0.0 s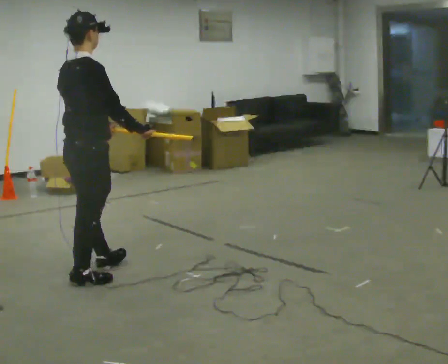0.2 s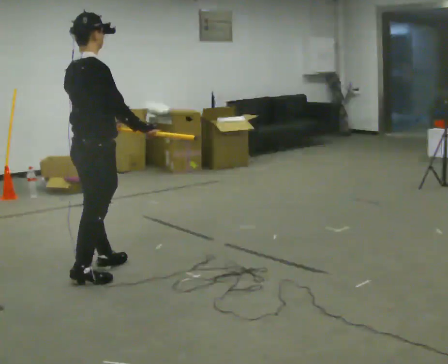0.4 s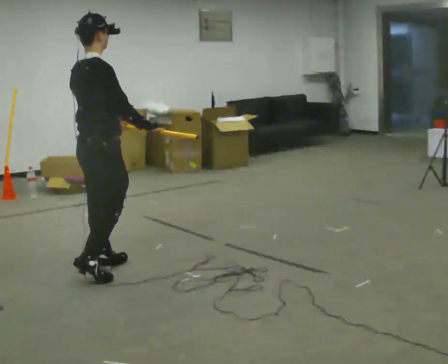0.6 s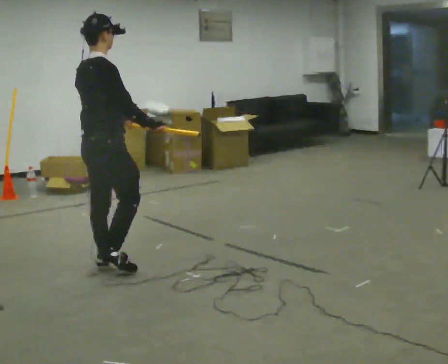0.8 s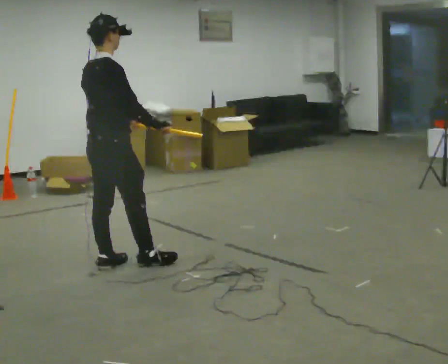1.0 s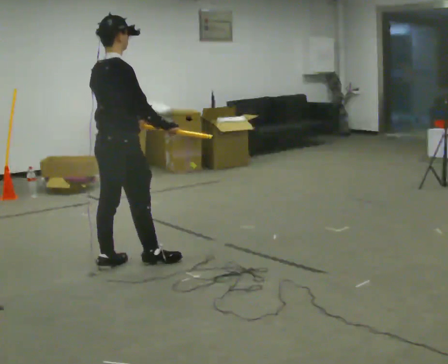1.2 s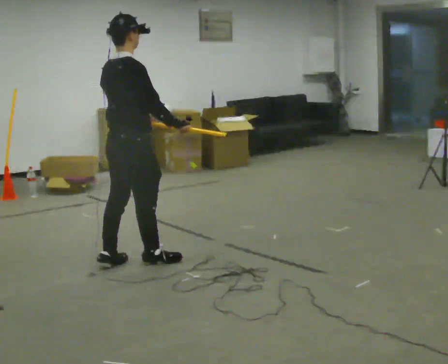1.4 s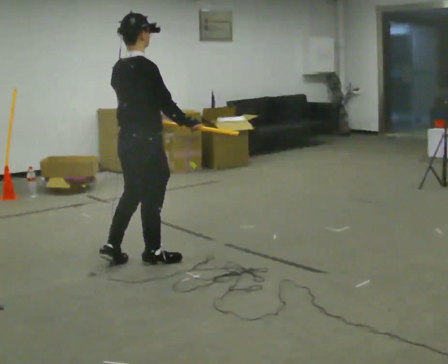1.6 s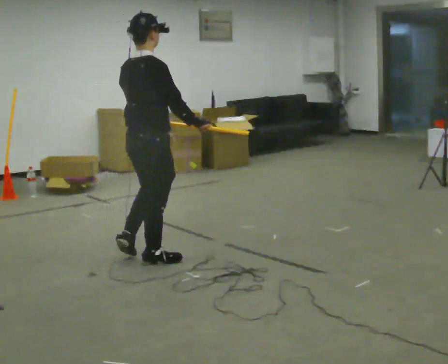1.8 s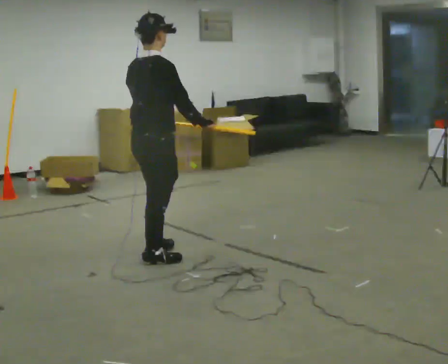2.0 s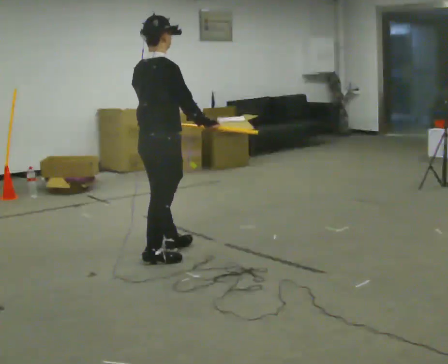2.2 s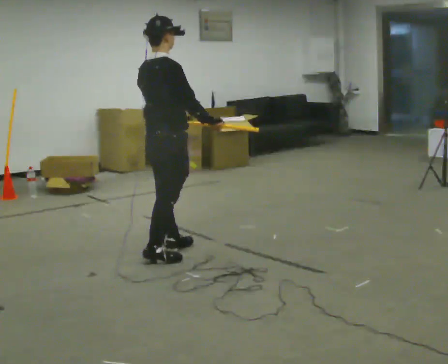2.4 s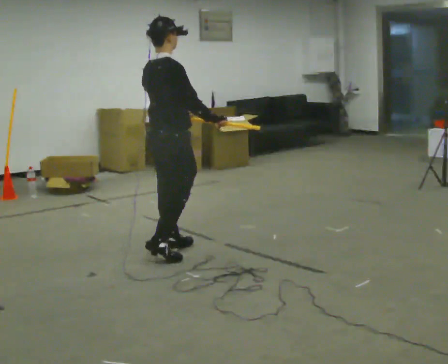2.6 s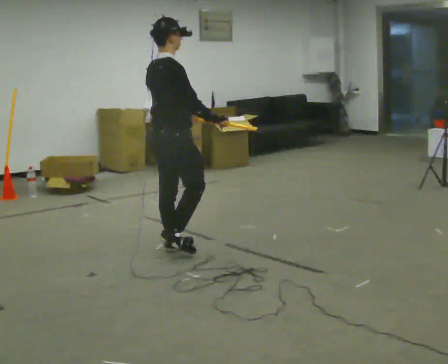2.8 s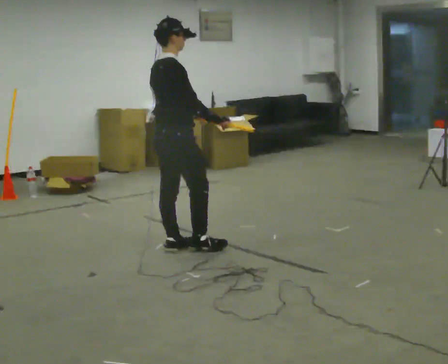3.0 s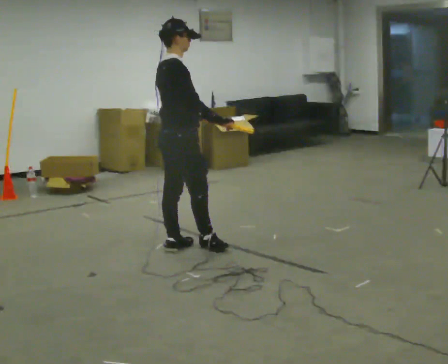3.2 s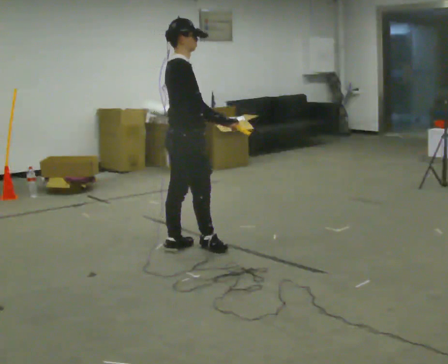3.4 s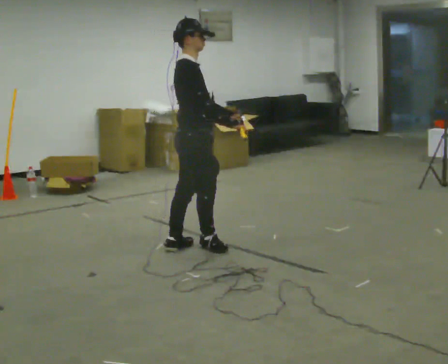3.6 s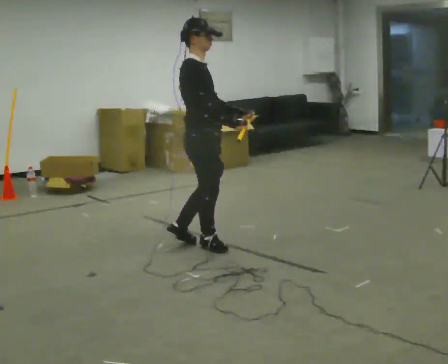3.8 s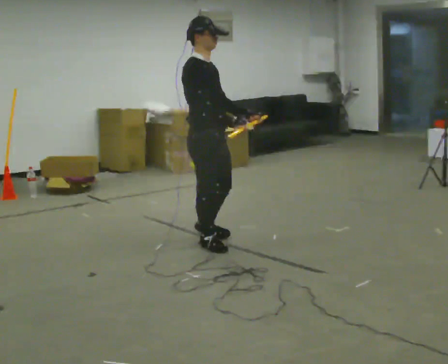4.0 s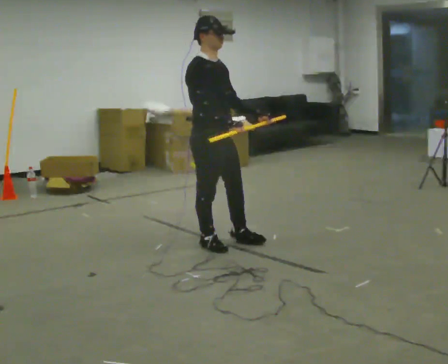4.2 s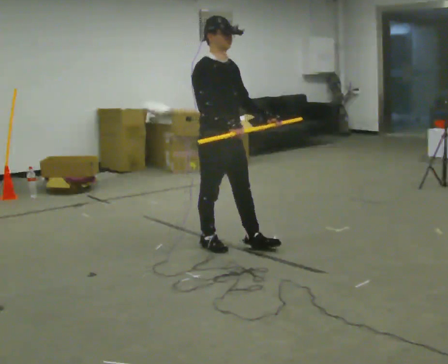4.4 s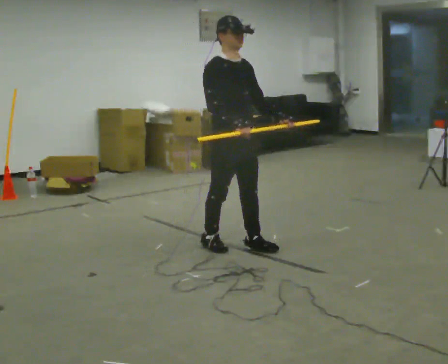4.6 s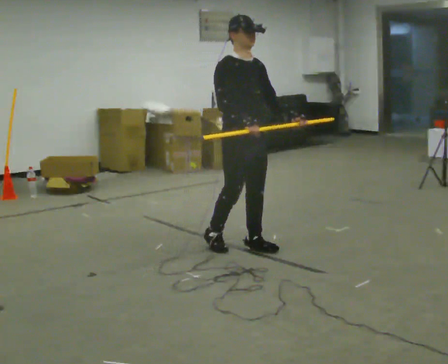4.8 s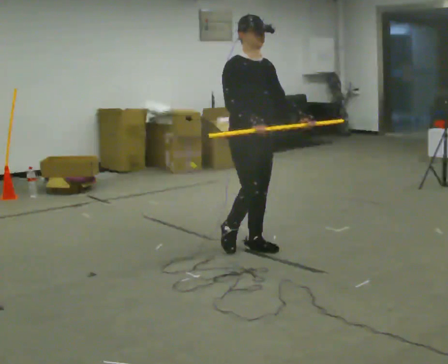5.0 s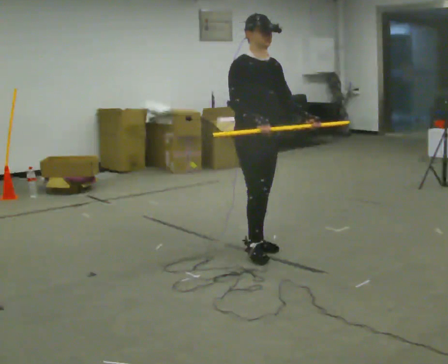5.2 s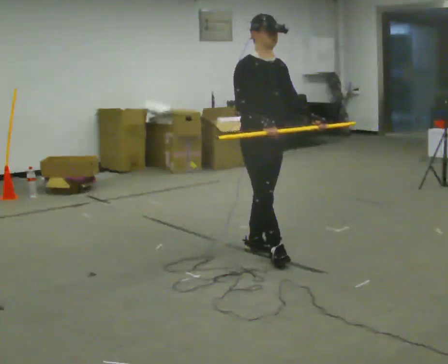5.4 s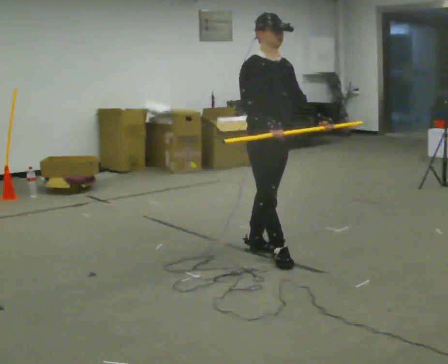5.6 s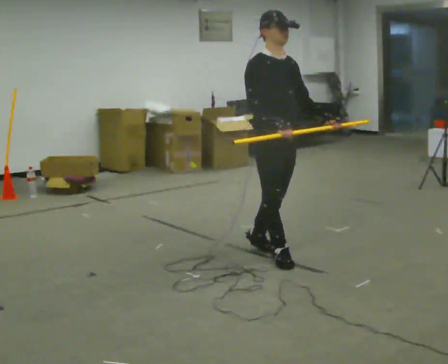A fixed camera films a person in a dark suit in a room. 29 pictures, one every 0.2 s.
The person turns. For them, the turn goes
to their right.
The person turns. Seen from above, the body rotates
clockwise.
0.0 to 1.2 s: In the picture they go to the right and away from the camera, about 0.25 m in 1 step, which for them is forward.
1.2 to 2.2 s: In the picture they go to the right and away from the camera, about 0.25 m in 1 step, which for them is forward.
2.2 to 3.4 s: The part of the body nearest the lens slides to the left as the person turns to their right by about 30 degrees. In the picture they go to the right, about 0.25 m in 1 step, which for them is forward. In the picture their left hand goes to the right.
3.4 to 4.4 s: Seen from above the body turns clockwise, about 60 degrees: to their right, with its near side sliding to the left. In the picture they go to the right, about 0.25 m in 1 step, which for them is forward.
4.4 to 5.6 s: In the picture they go toward the camera and to the right, about 0.25 m in 1 step, which for them is forward.
The film runs forward here.
